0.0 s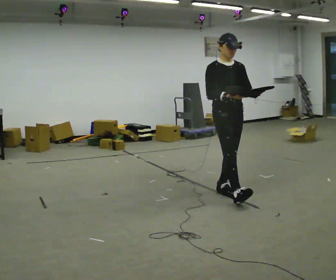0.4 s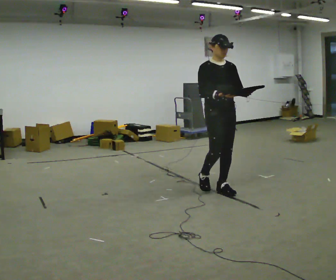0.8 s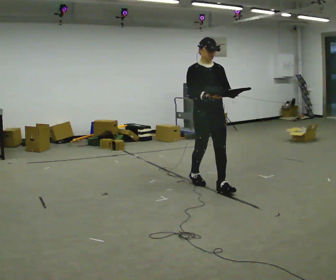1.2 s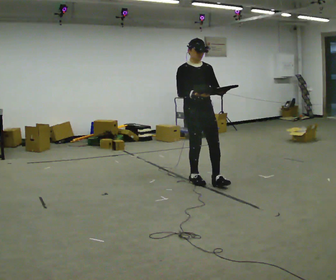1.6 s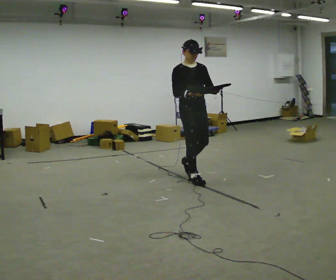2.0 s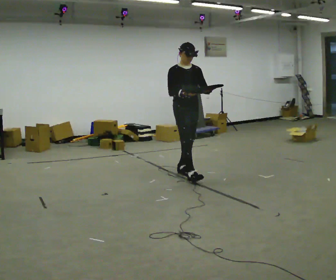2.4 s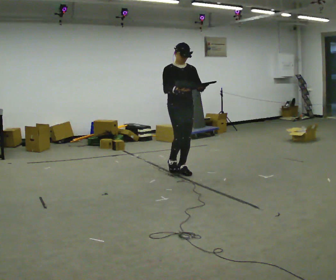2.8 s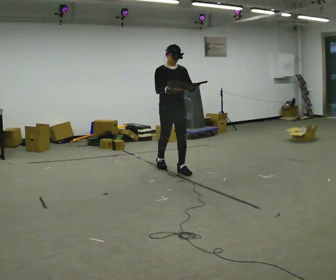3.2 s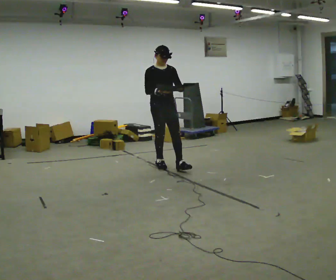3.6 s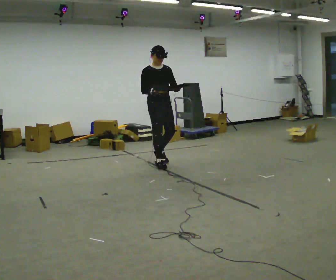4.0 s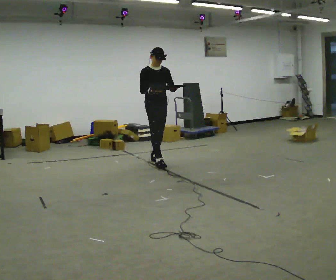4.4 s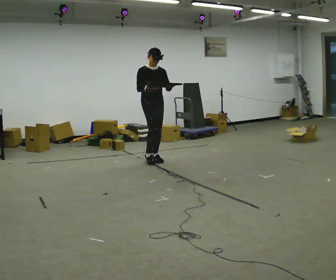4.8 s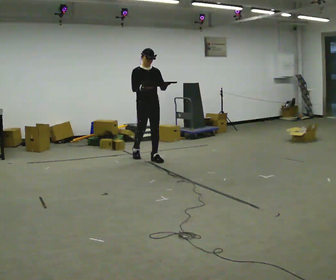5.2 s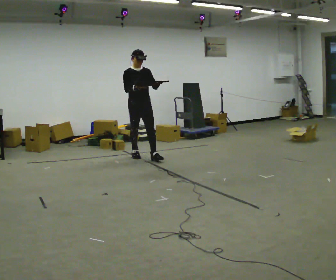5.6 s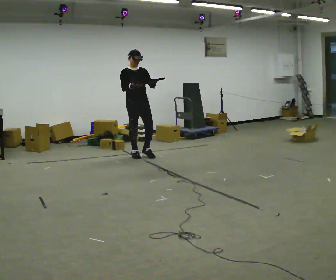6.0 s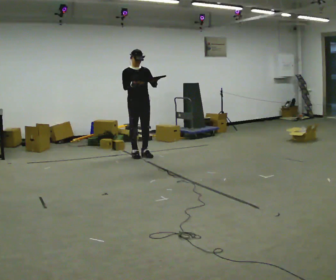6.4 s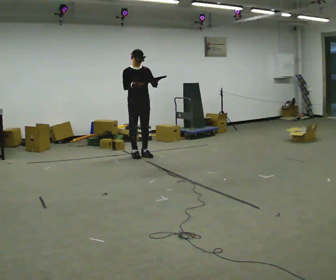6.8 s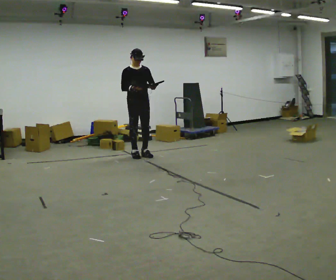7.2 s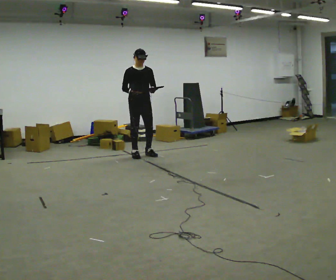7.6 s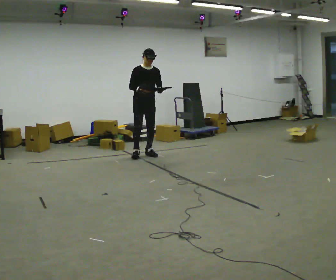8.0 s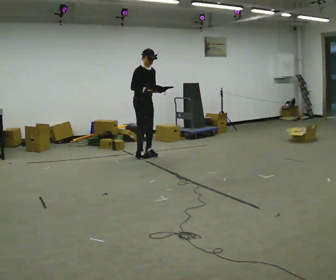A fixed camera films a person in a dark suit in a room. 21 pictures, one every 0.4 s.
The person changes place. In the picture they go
away from the camera.
0.0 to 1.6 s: In the picture they go away from the camera and to the left, about 0.5 m in 1 step, which for them is backward.
1.6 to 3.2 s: In the picture they go away from the camera and to the left, about 1 m in 2 steps, which for them is backward.
3.2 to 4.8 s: In the picture they go away from the camera and to the left, about 0.5 m in 1 step, which for them is backward.
4.8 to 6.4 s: In the picture they go away from the camera and to the left, about 0.25 m in 1 step, which for them is backward.
6.4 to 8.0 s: Seen from above the body turns counterclockwise, about 30 degrees: to their left, with its near side sliding to the right.
The film runs backward here.
